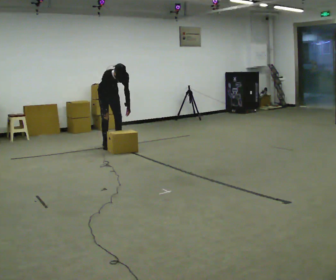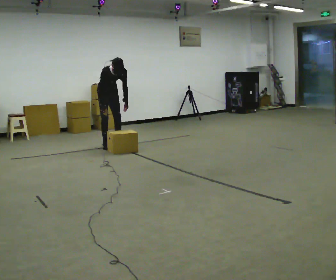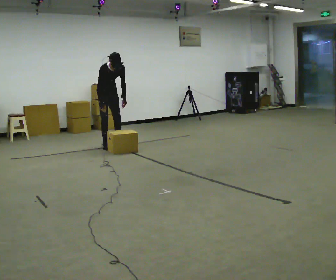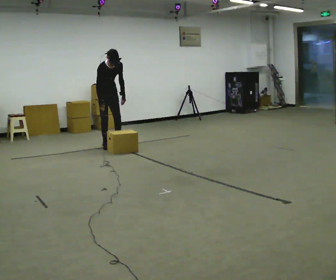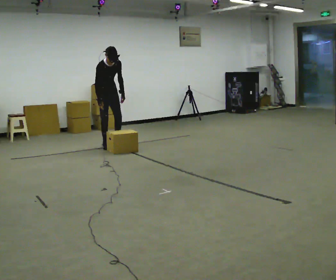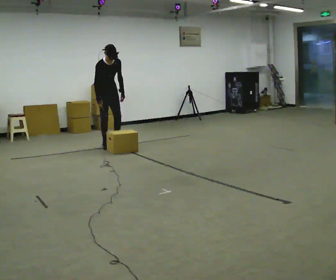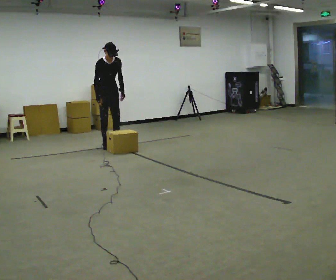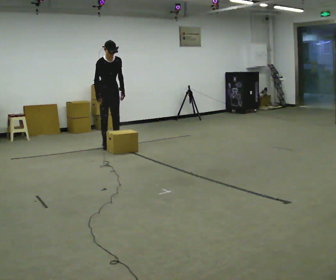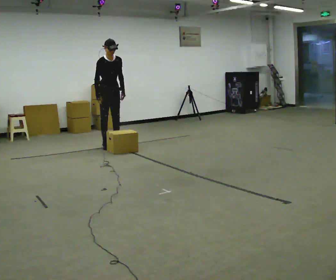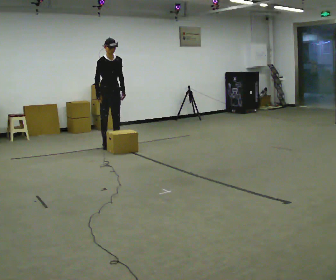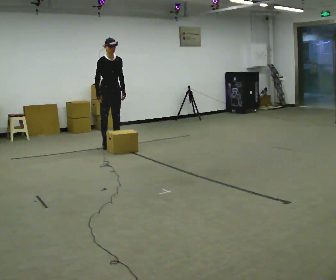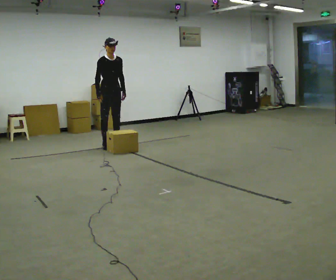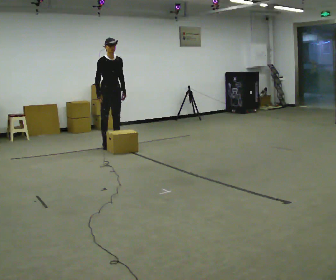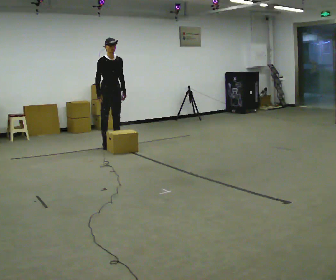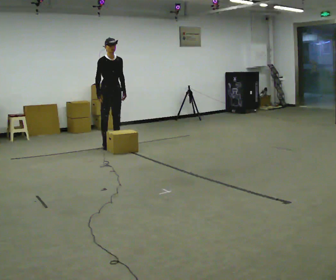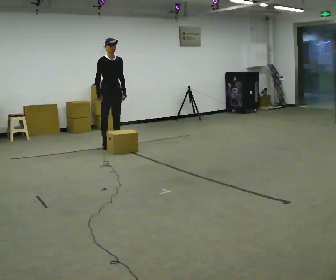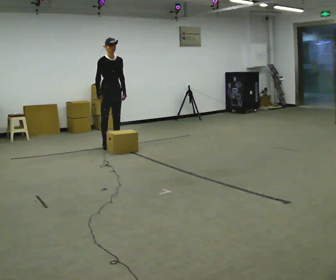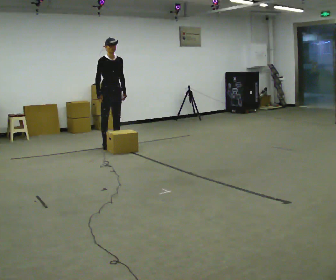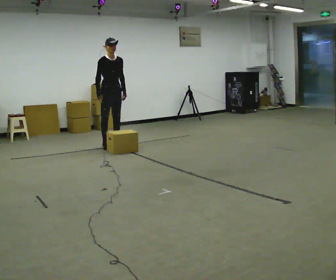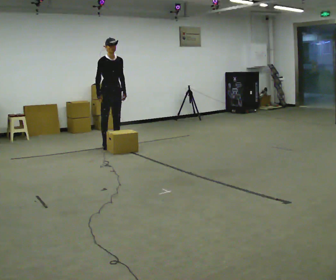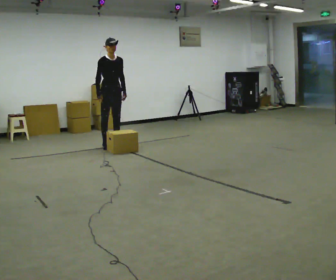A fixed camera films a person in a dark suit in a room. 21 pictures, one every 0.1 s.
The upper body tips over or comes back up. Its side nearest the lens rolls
upward.
0.0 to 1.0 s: The shoulders move upward. The upper body tips away from the camera, its near side rolling upward, as they lean back or straighten.
1.0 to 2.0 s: The person keeps their place and pose.
The film runs backward here.
